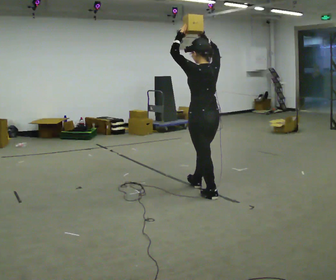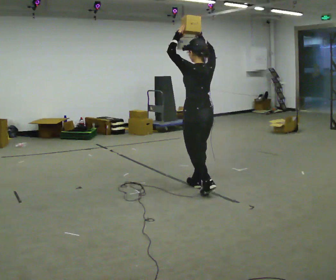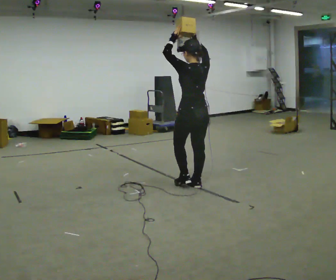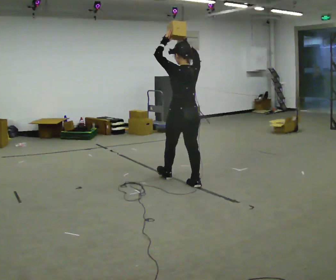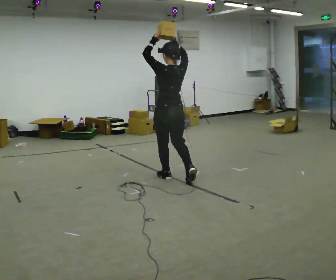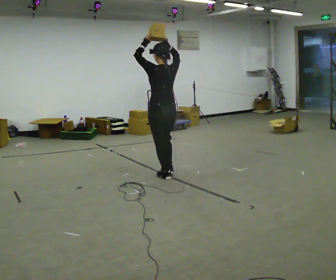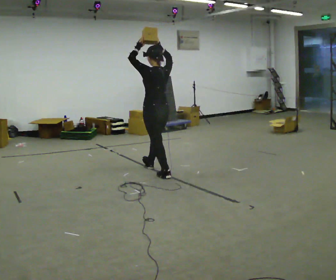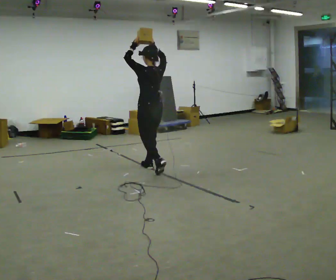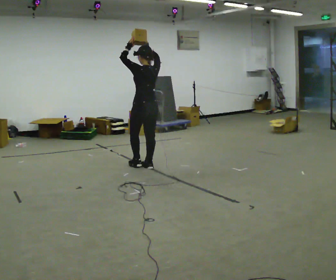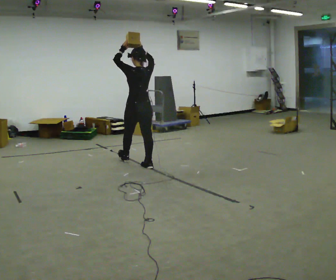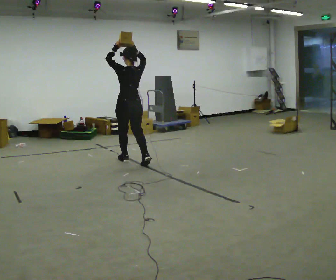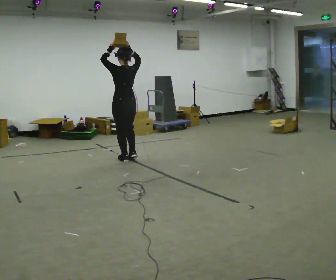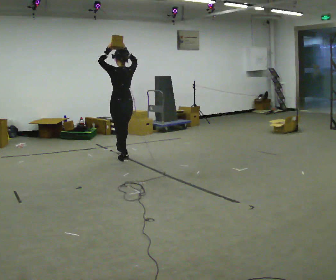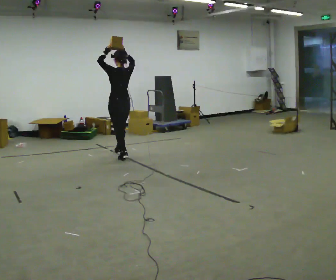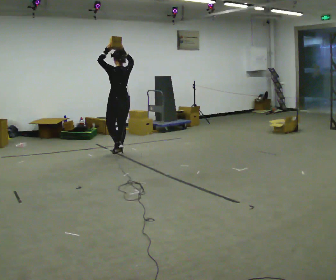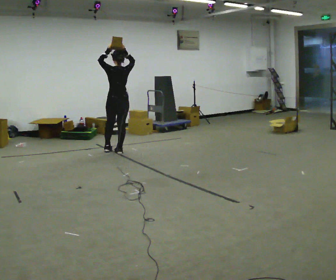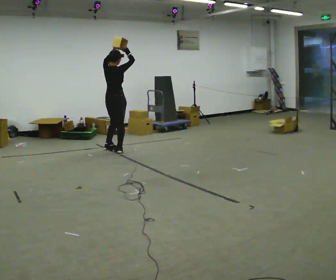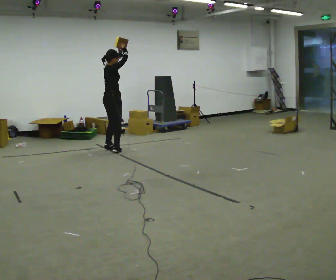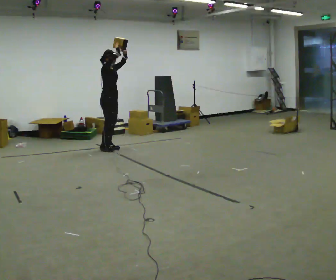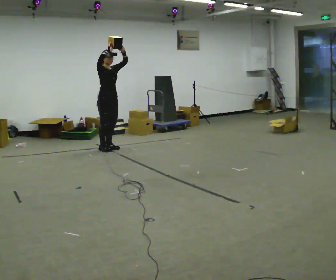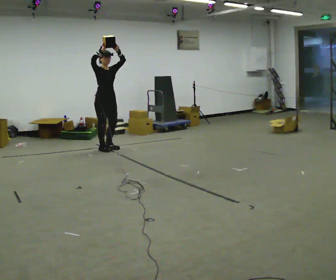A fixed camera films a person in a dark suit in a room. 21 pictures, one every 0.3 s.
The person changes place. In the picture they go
away from the camera.
0.0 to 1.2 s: In the picture they go away from the camera and to the left, about 0.75 m in 1 step, which for them is forward.
1.2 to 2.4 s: In the picture they go away from the camera and to the left, about 0.75 m in 1 step, which for them is forward.
2.4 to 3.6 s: In the picture they go away from the camera and to the left, about 0.5 m in 1 step, which for them is forward.
3.6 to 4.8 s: Seen from above the body turns clockwise, about 60 degrees: to their right, with its near side sliding to the left. In the picture they go away from the camera, about 0.5 m in 2 steps.
4.8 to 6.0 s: The person turns about 120 degrees to their right, clockwise seen from above, so the part of the body nearest the lens slides to the left. In the picture they go to the left, about 0.25 m in 1 step.
The film runs forward here.
